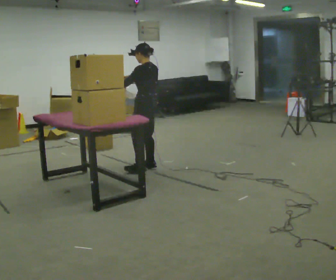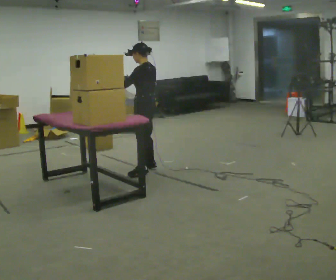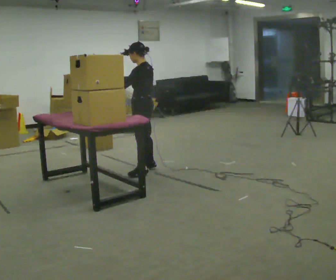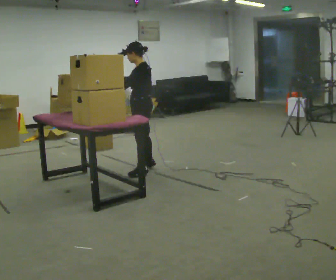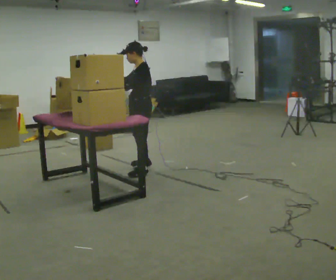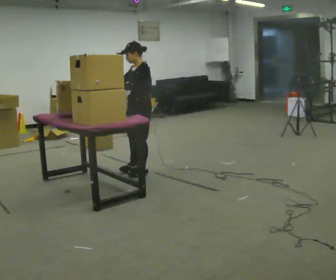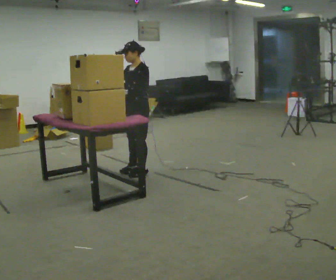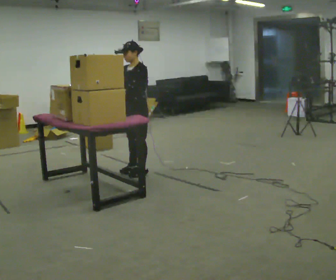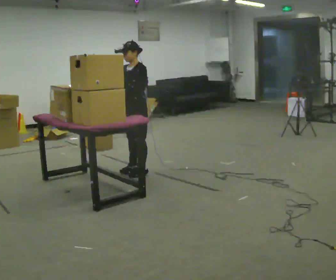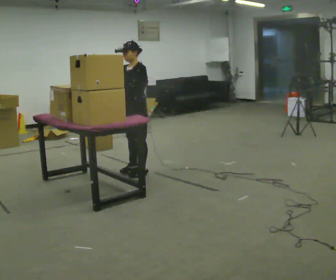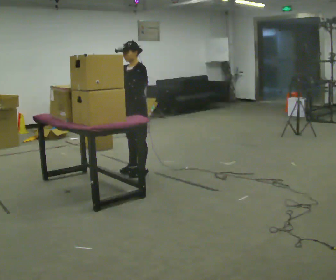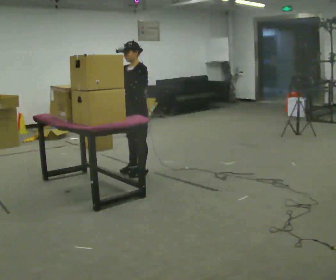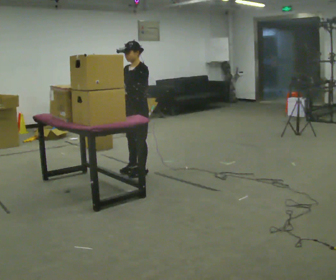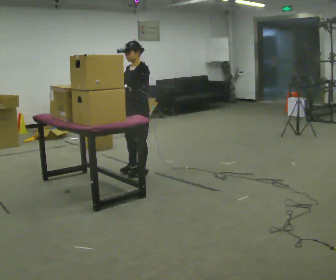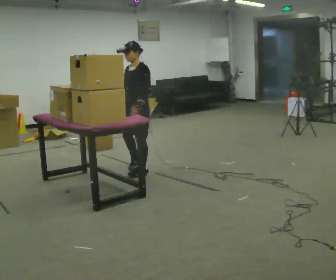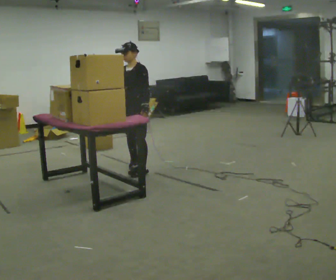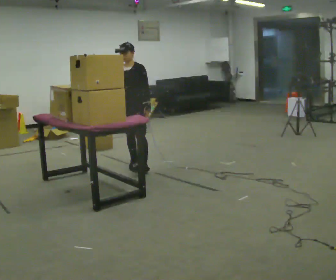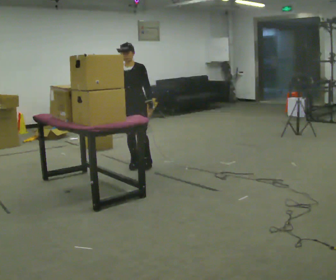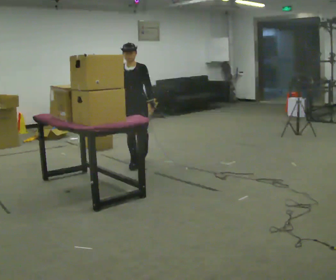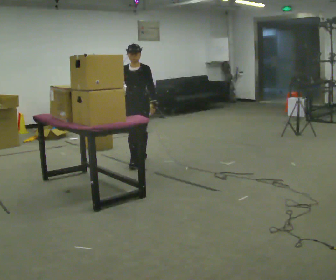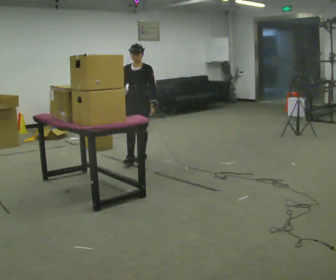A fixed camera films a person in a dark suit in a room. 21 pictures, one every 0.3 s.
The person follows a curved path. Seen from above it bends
clockwise.
The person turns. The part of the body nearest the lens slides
to the right.
0.0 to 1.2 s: Seen from above the body turns counterclockwise, about 30 degrees: to their left, with its near side sliding to the right. In the picture they go toward the camera, about 0.25 m in 1 step, which for them is to their left.
1.2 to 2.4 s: Seen from above the body turns counterclockwise, about 30 degrees: to their left, with its near side sliding to the right.
2.4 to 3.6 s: The person moves a little, or ends about where they began.
3.6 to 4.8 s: In the picture they go away from the camera, about 0.25 m in 2 steps, which for them is to their right and backward.
4.8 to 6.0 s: In the picture they go away from the camera, about 0.25 m in 1 step, which for them is backward.
The film runs backward here.
